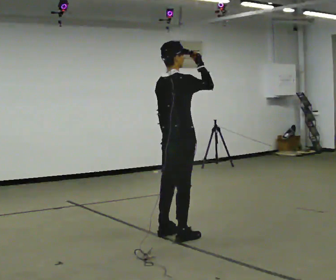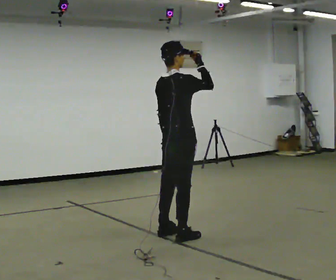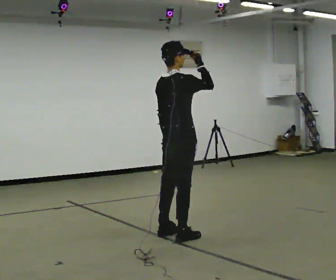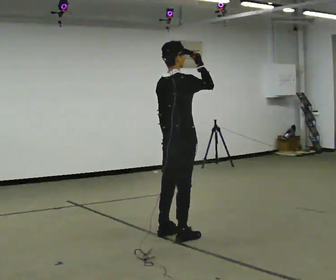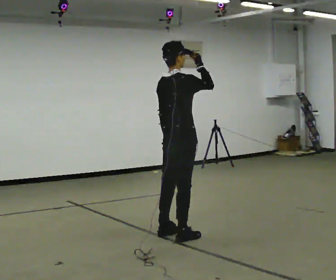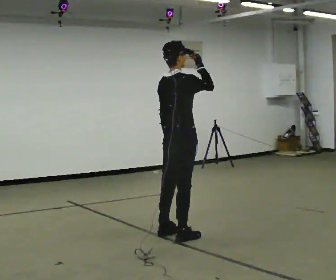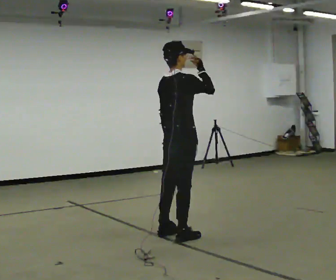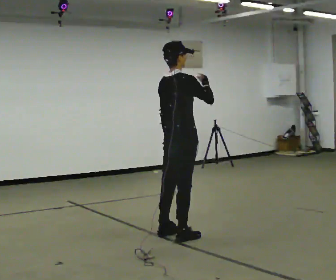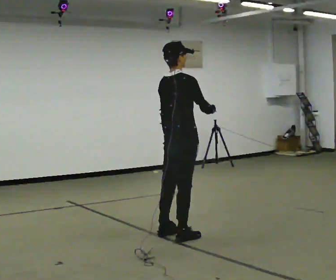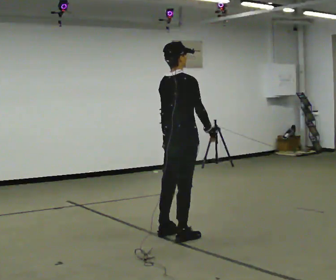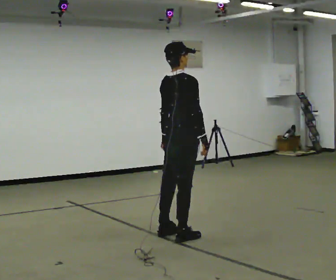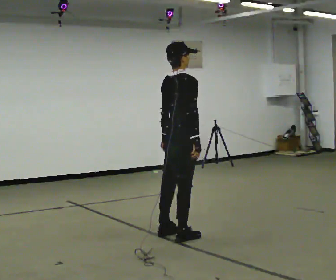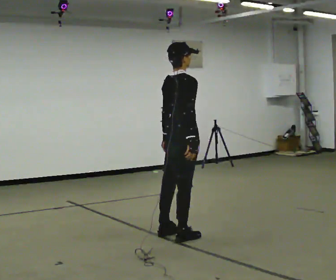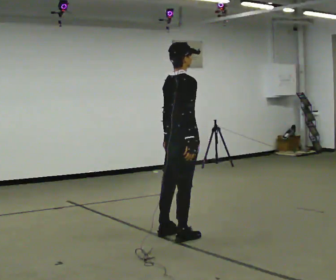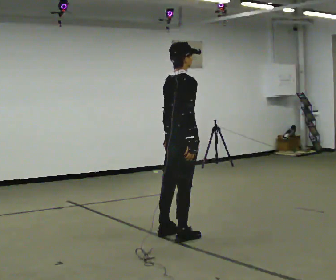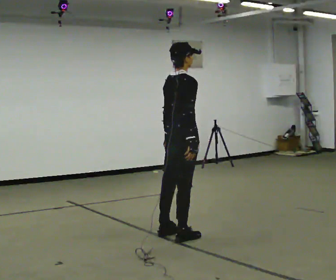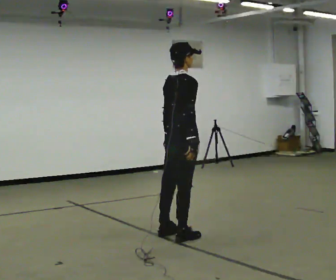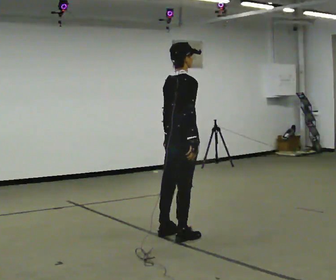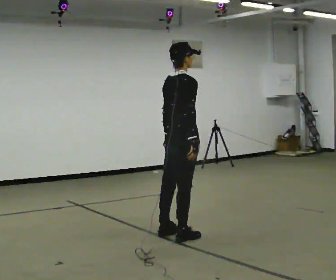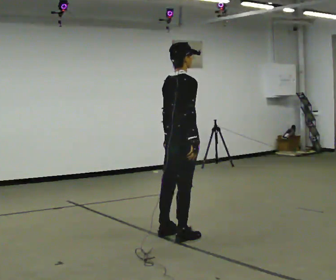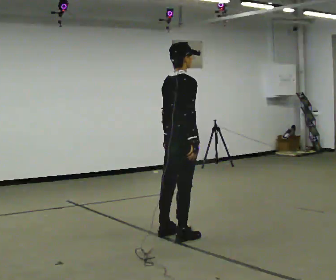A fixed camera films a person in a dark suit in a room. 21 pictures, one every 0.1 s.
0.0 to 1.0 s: In the picture their right hand goes downward.
1.0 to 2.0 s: The person moves a little, or ends about where they began.
The film runs forward here.
